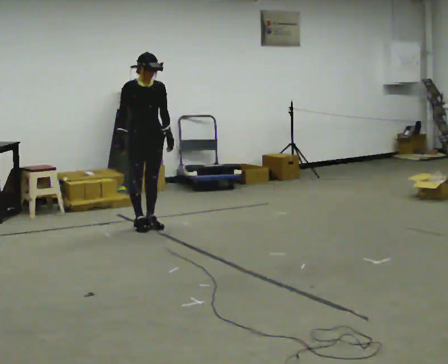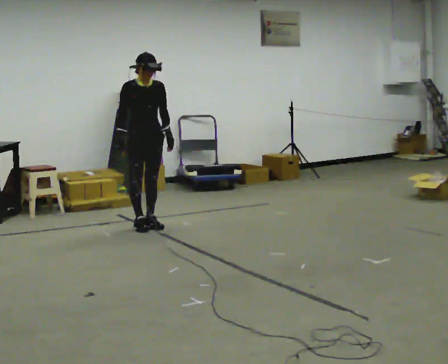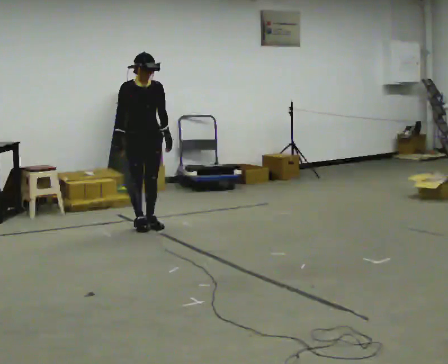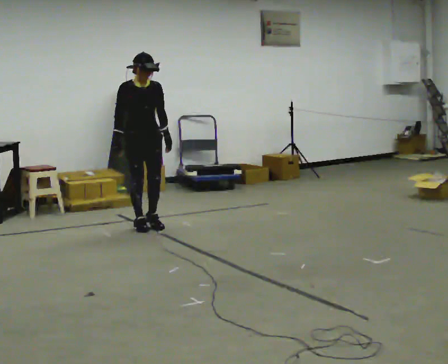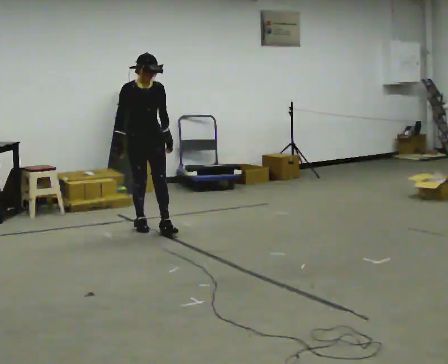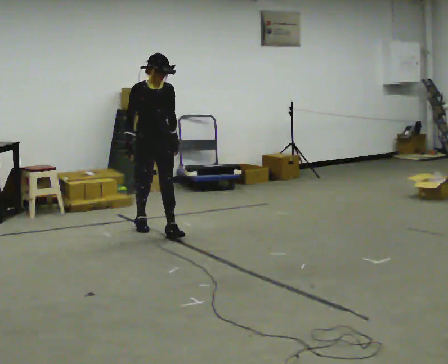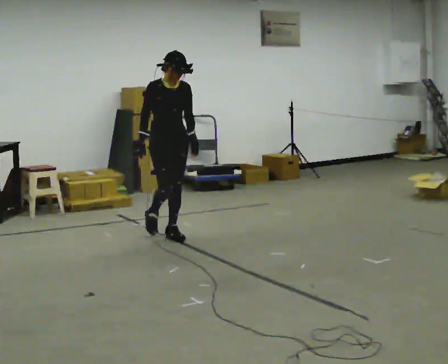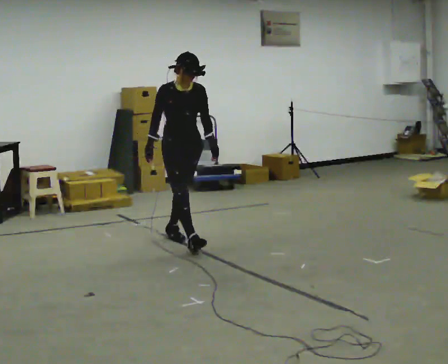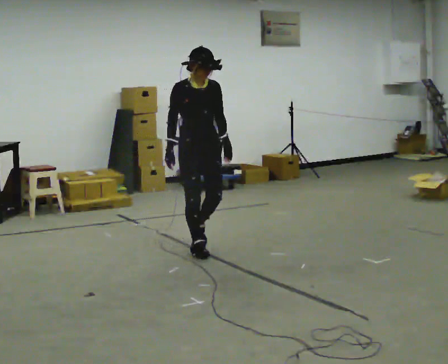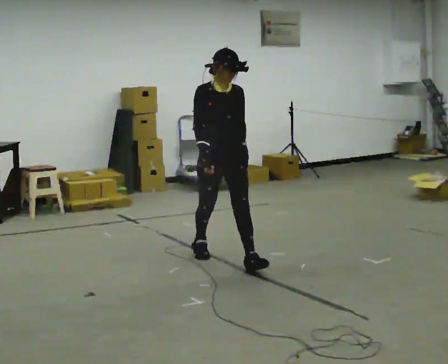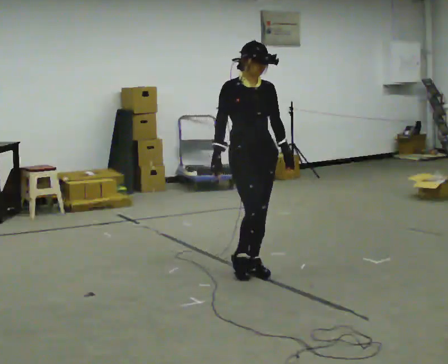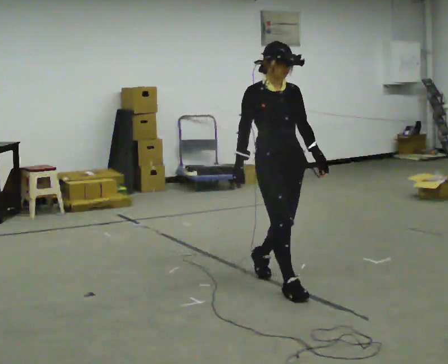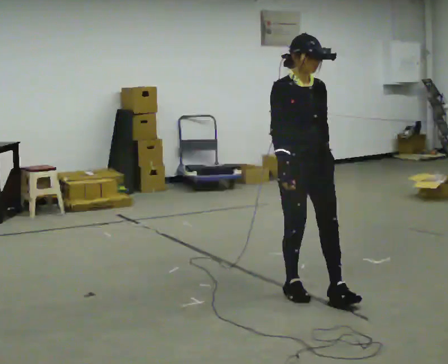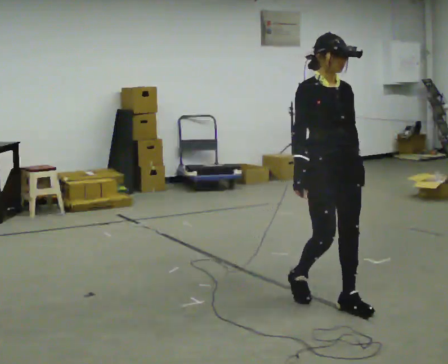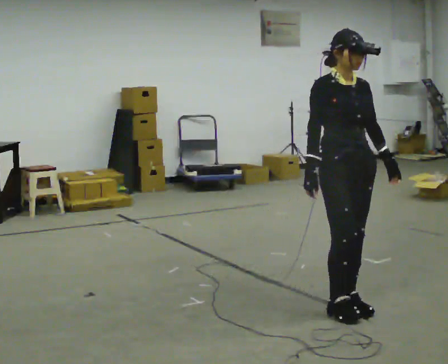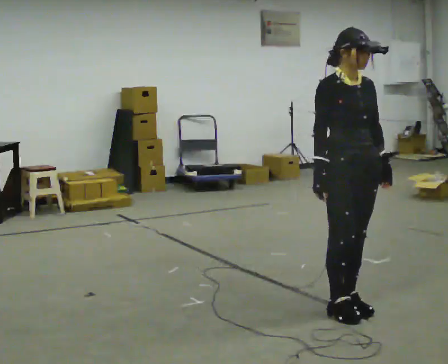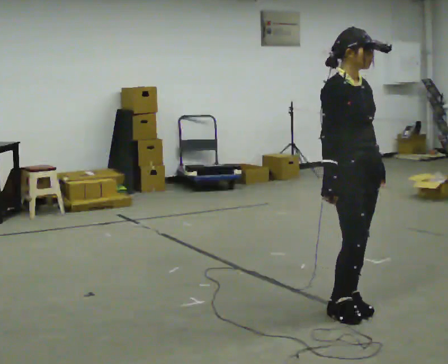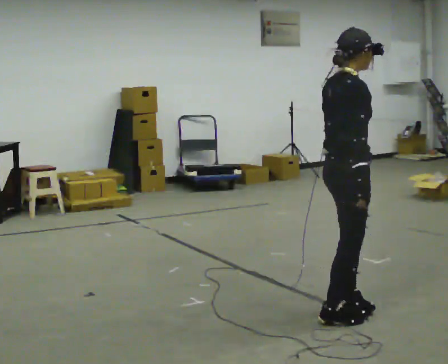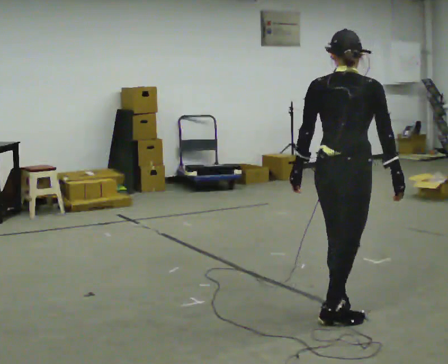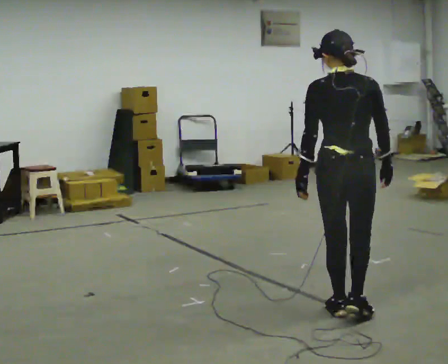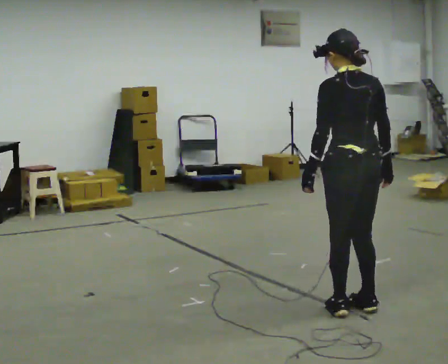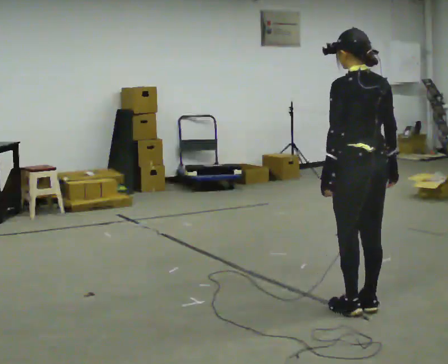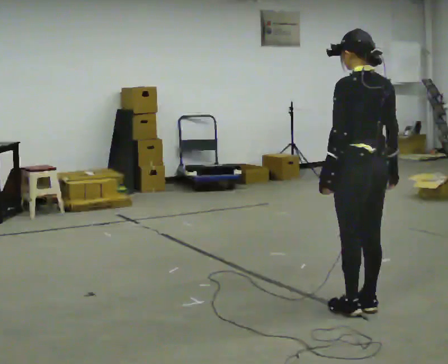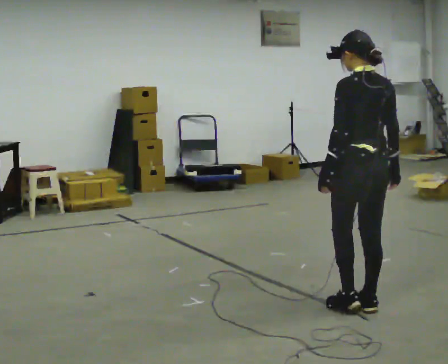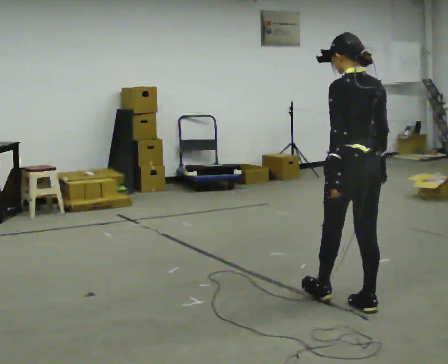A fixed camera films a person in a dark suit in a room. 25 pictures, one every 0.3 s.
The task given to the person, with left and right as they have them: Walk continuously ~15 s; naturally alternate slow/normal/fast several times; no stop.
0.0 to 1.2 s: The person moves a little, or ends about where they began.
1.2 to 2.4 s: In the picture they go toward the camera and to the right, about 1 m in 2 steps, which for them is forward.
2.4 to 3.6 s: In the picture they go toward the camera and to the right, about 1.5 m in 2 steps, which for them is forward.
3.6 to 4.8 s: In the picture they go toward the camera and to the right, about 0.5 m in 2 steps, which for them is forward.
4.8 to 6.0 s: Seen from above the body turns counterclockwise, about 150 degrees: to their left, with its near side sliding to the right. In the picture their right hand goes to the right.
6.0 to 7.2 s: The person moves a little, or ends about where they began.
The film runs forward here.
